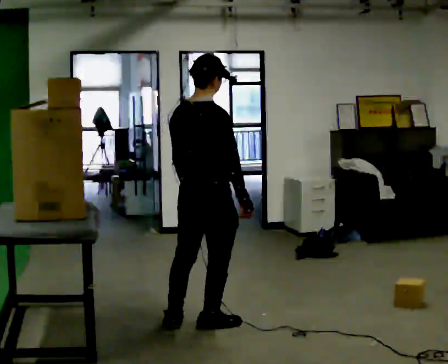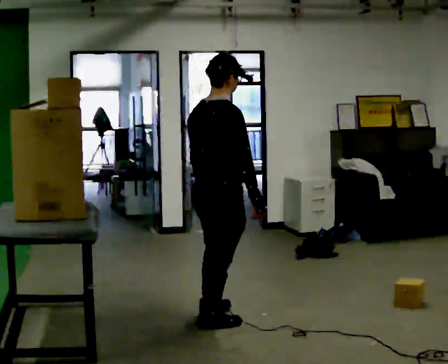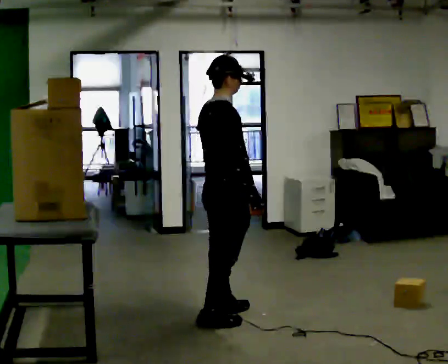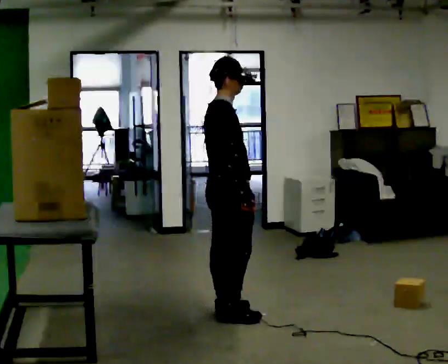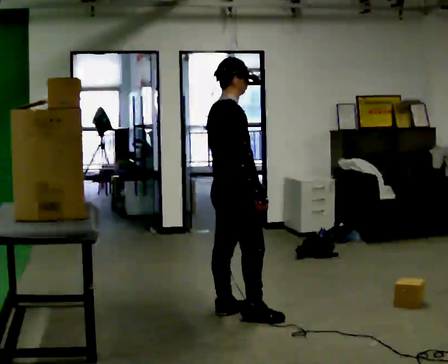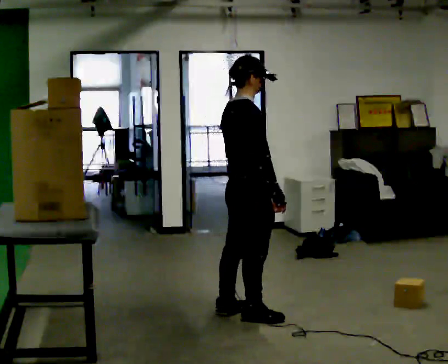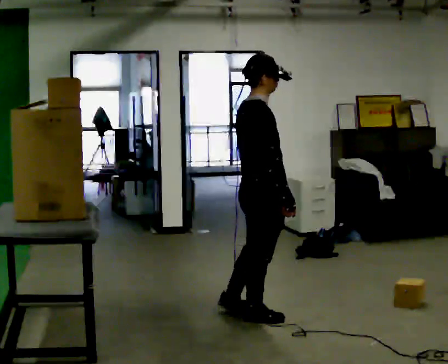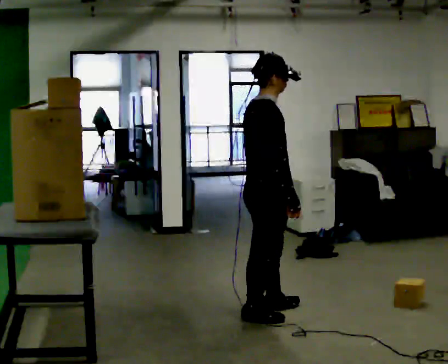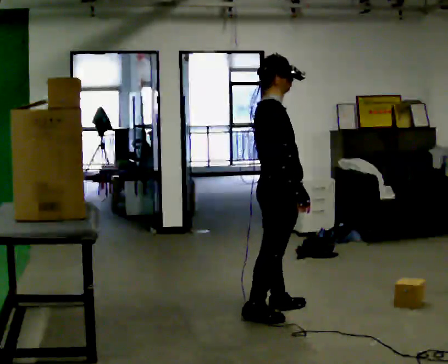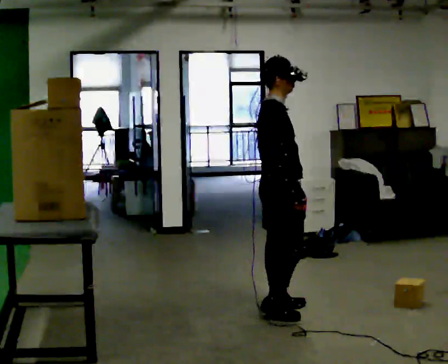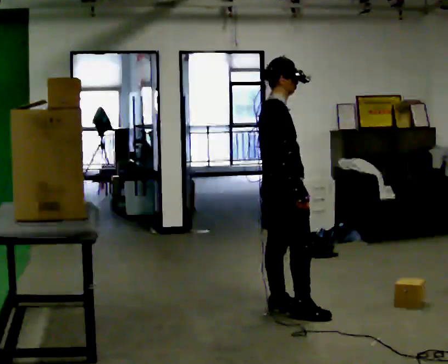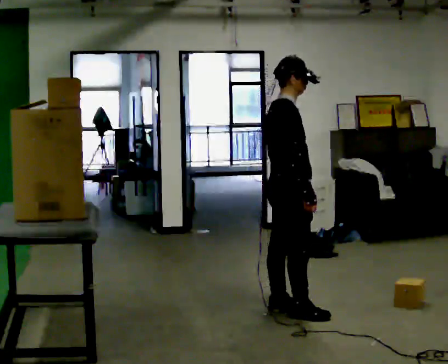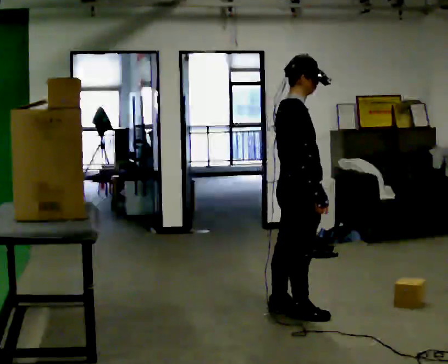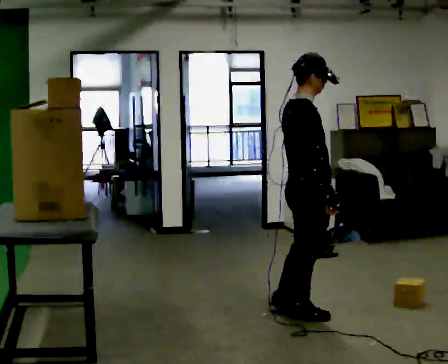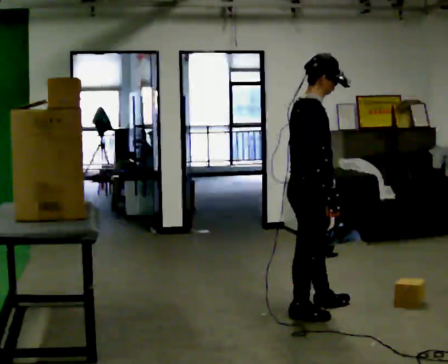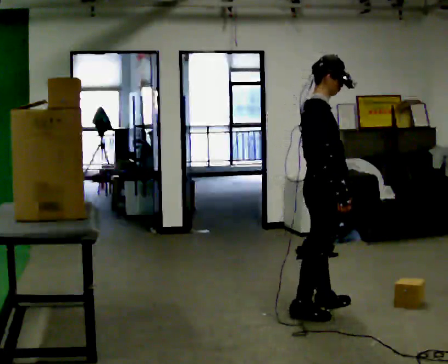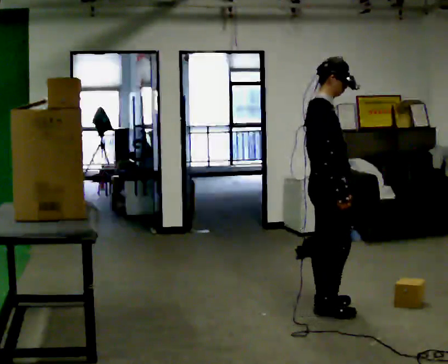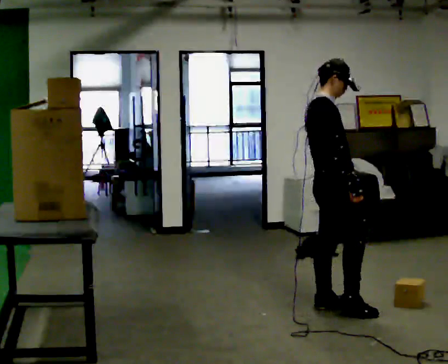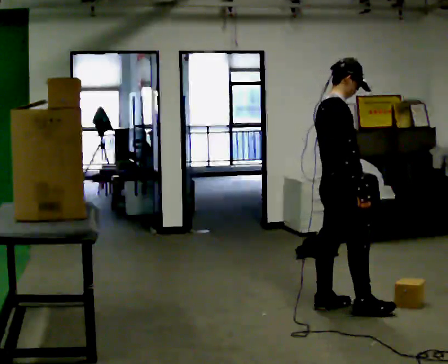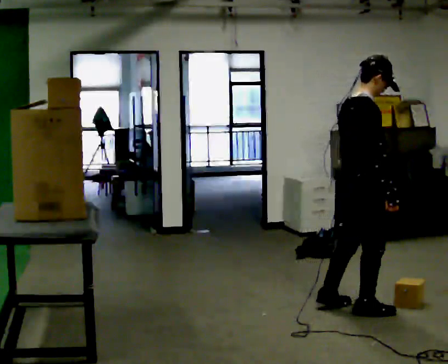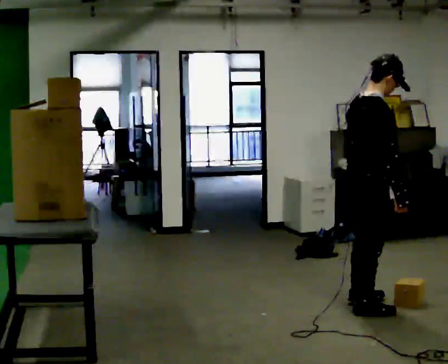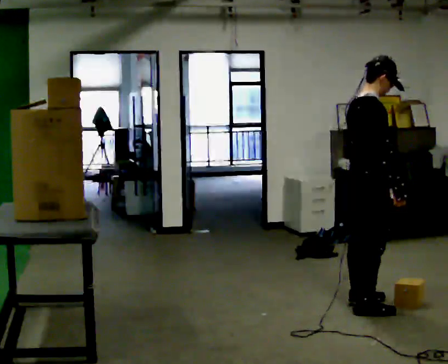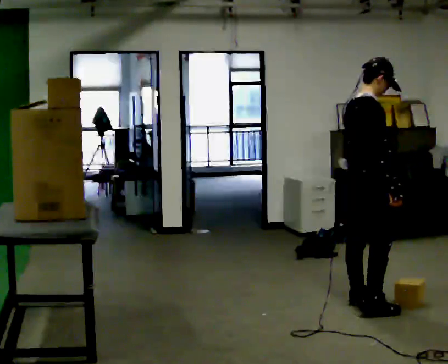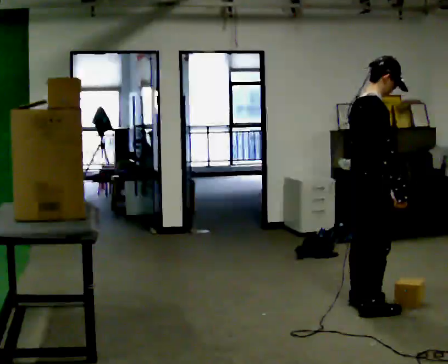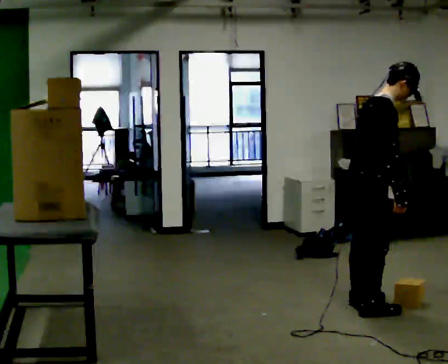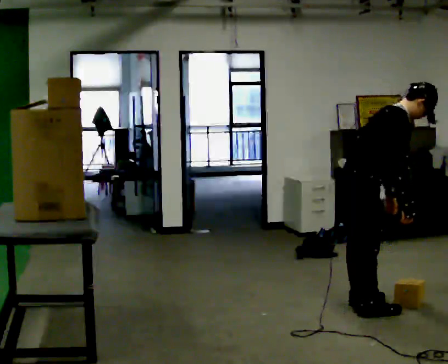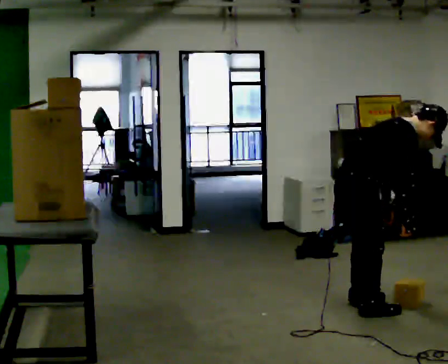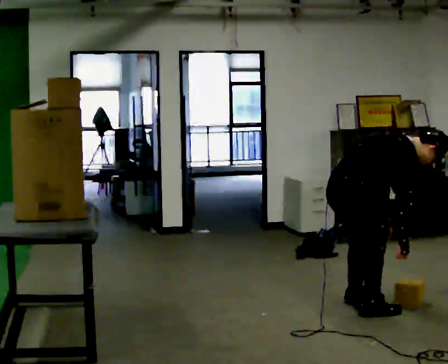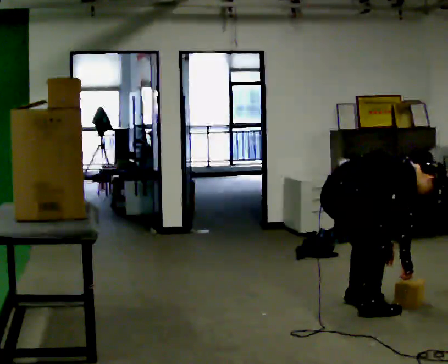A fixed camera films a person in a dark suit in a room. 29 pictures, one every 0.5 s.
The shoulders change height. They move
downward.
0.0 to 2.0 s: The person turns about 30 degrees to their right, clockwise seen from above, so the part of the body nearest the lens slides to the left. In the picture they go away from the camera, about 0.25 m in 2 steps, which for them is forward and to their left.
2.0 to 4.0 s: In the picture they go to the right, about 0.25 m in 1 step, which for them is forward.
4.0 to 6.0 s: The person moves a little, or ends about where they began.
6.0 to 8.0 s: In the picture they go to the right, about 0.25 m in 1 step, which for them is forward.
8.0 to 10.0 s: In the picture they go to the right, about 0.25 m in 2 steps, which for them is forward and to their right.
10.0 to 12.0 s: The person moves a little, or ends about where they began.
12.0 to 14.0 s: In the picture they go to the left, about 0.25 m, which for them is backward. The shoulders move downward. In the picture the upper body tilts clockwise, shoulders to the right, as they bend forward. In the picture their right hand goes downward.
The film runs forward here.
